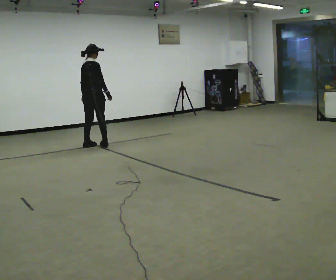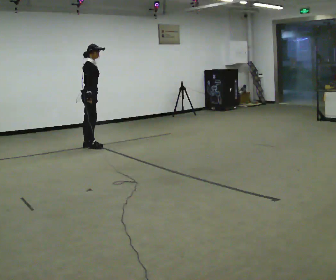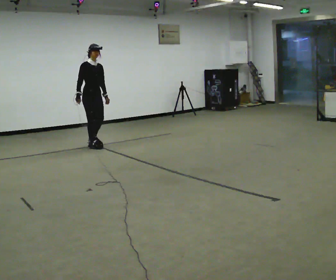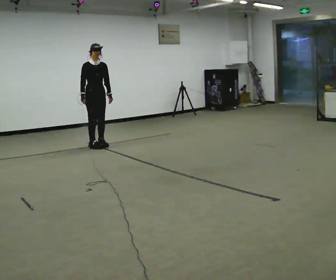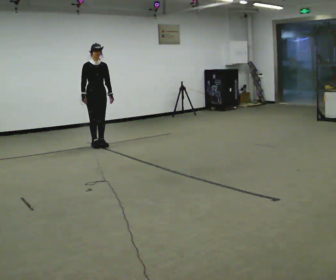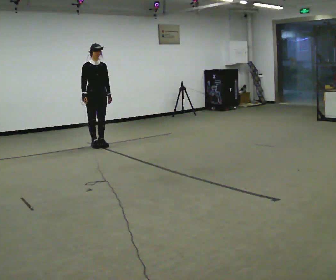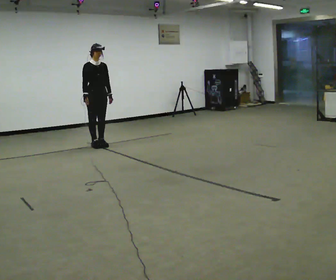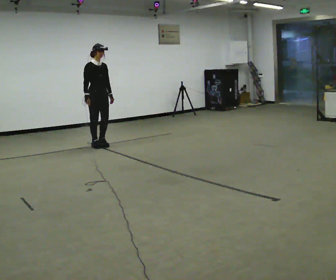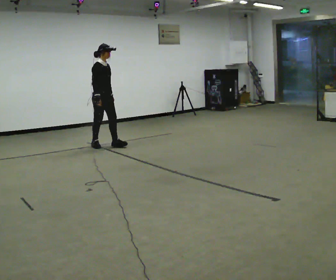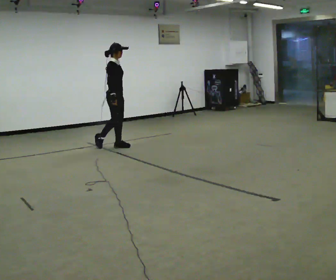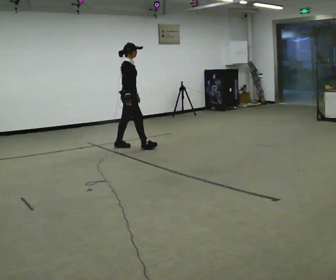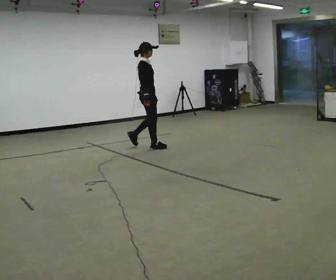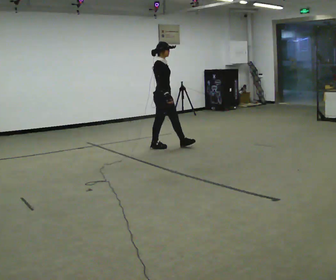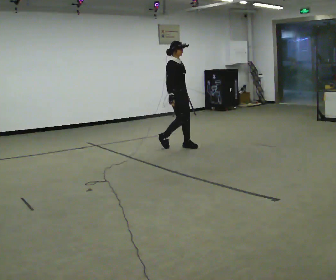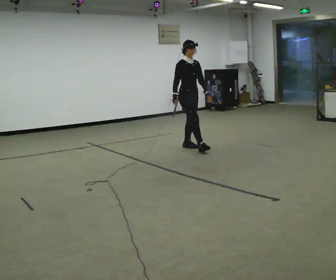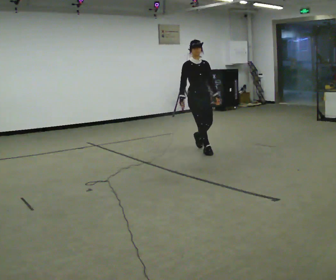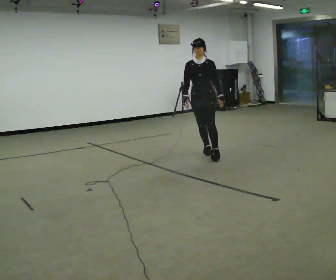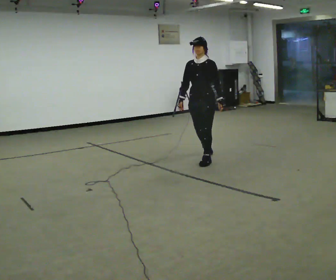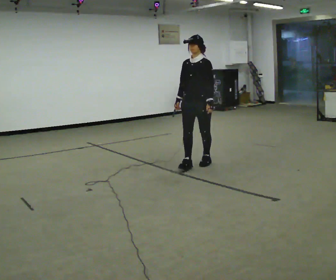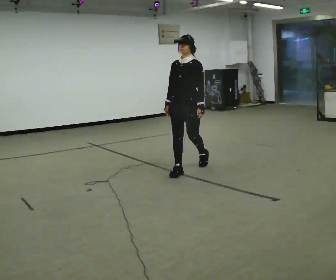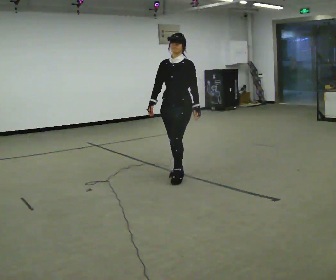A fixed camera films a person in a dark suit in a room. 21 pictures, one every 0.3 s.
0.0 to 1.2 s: Seen from above the body turns clockwise, about 120 degrees: to their right, with its near side sliding to the left. In the picture their right hand goes to the left, the arm swinging clockwise.
1.2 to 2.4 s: Seen from above the body turns counterclockwise, about 45 degrees: to their left, with its near side sliding to the right.
2.4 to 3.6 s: In the picture they go to the right, about 1 m in 2 steps, which for them is forward.
3.6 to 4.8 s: The person turns about 90 degrees to their right, clockwise seen from above, so the part of the body nearest the lens slides to the left. In the picture they go toward the camera and to the right, about 1 m in 2 steps.
4.8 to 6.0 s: In the picture they go toward the camera and to the left, about 1 m in 2 steps, which for them is forward.
The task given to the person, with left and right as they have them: Follow S-shaped path continuously; no stopping between curves.
The film runs forward here.
